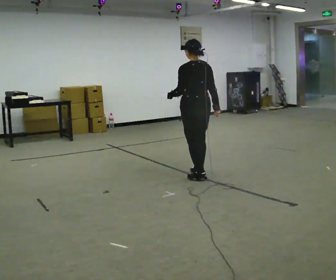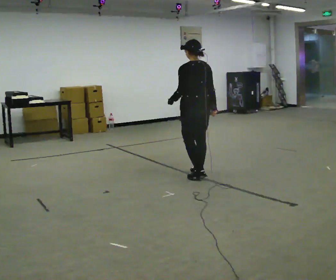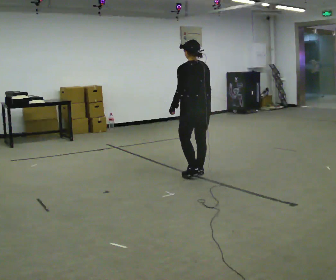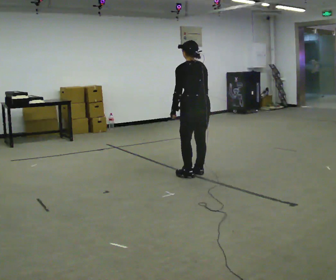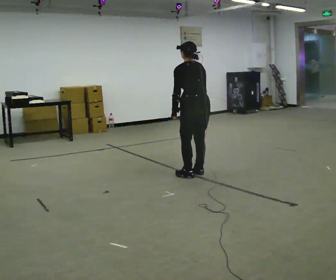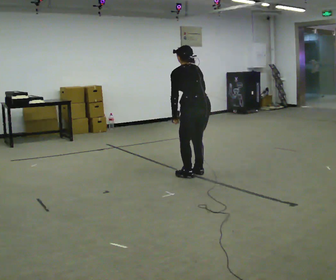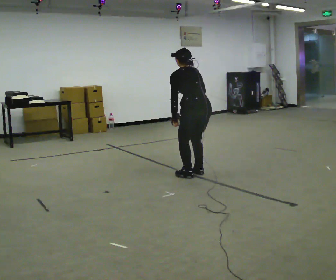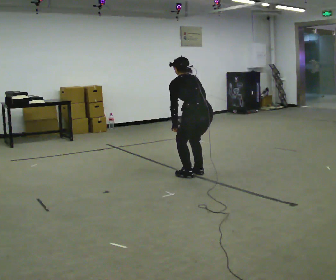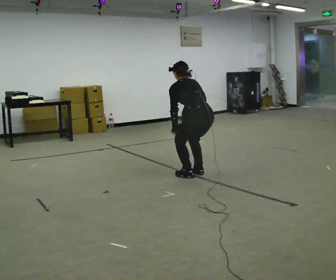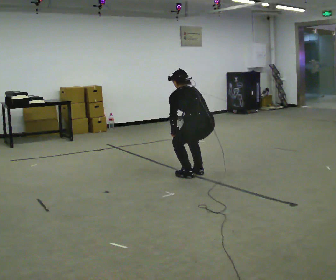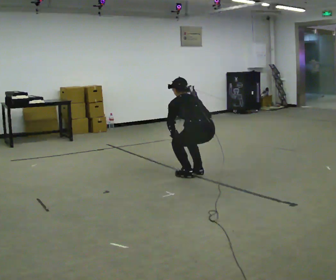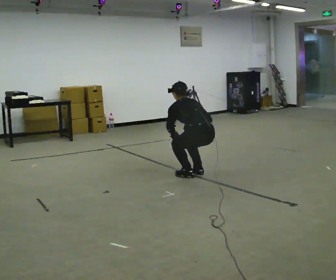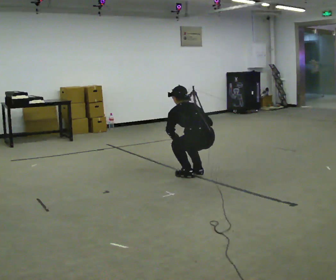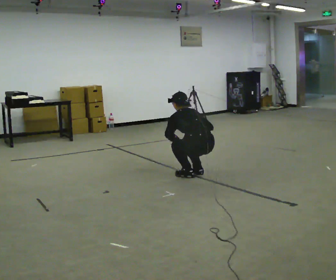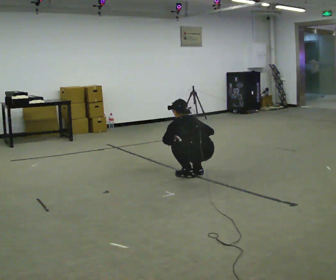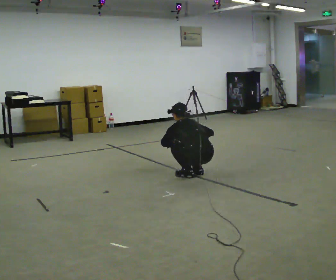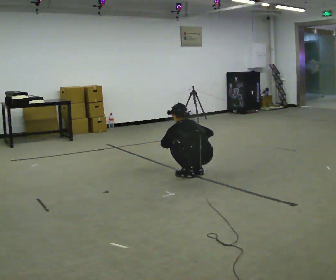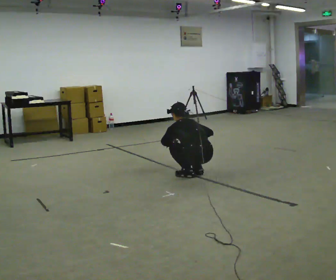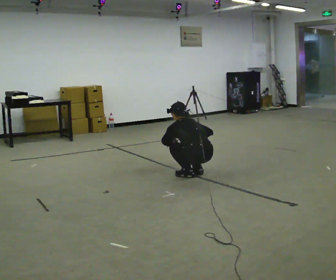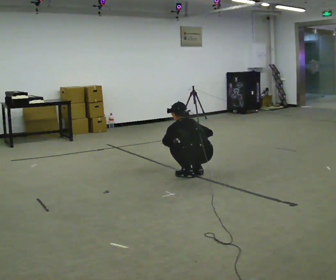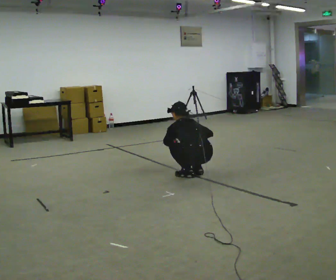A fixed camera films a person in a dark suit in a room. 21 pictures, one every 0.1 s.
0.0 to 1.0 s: The shoulders move downward. The upper body tips away from the camera, its near side rolling upward, as they bend forward. In the picture their left hand goes downward.
1.0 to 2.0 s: The upper body goes downward.
The film runs forward here.
